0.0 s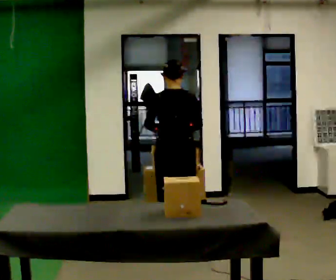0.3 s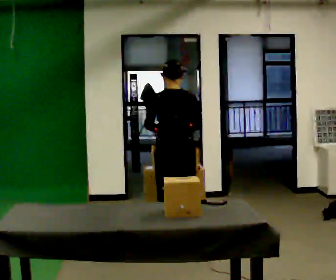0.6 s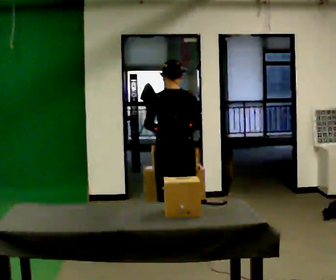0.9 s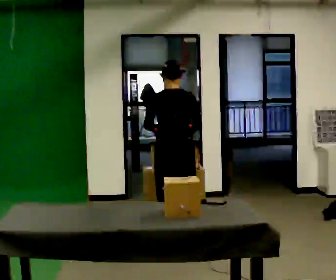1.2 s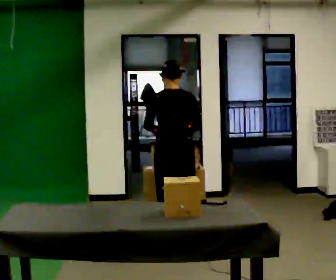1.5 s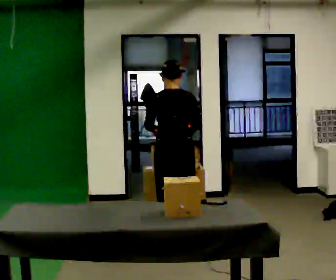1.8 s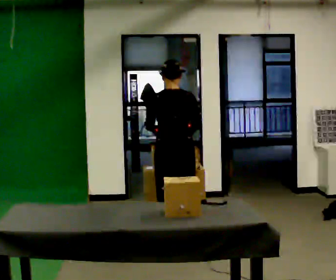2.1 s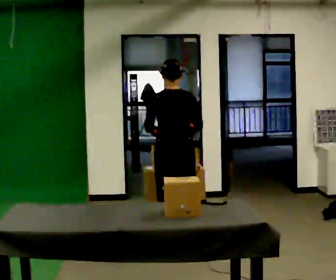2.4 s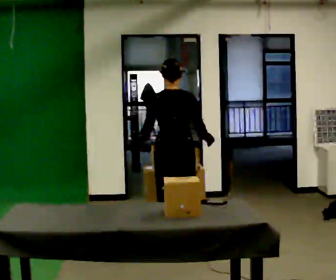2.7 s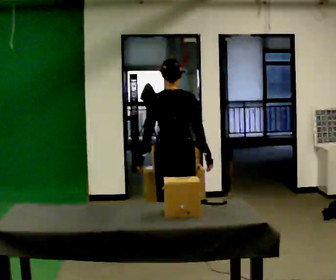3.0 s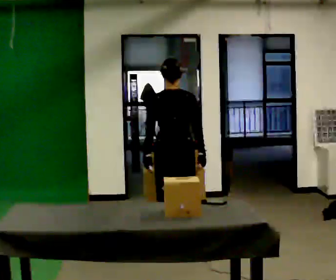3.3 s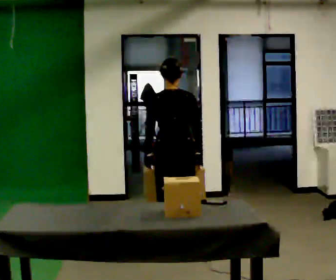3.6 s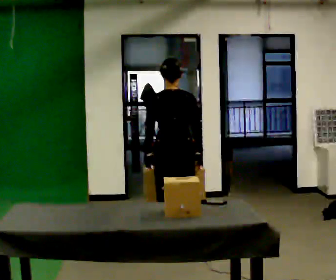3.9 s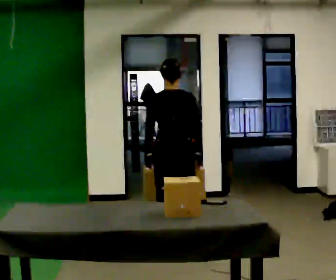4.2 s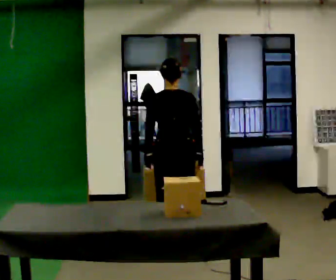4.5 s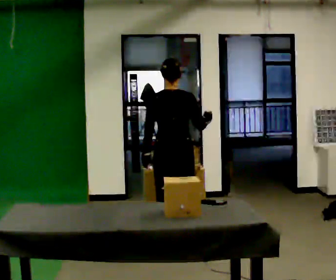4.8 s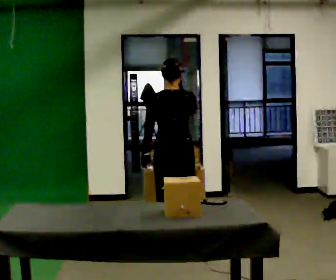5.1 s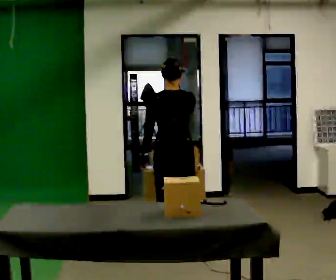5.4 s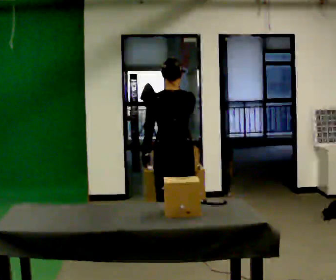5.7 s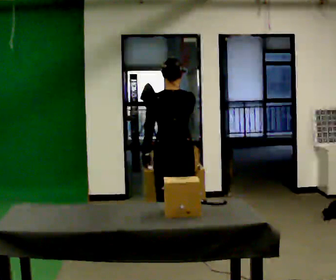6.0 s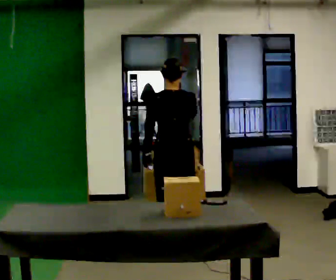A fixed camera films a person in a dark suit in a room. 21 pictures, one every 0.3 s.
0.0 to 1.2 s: The person keeps their place and pose.
1.2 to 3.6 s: The person moves a little, or ends about where they began.
3.6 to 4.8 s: In the picture their right hand goes upward.
4.8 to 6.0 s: The person moves a little, or ends about where they began.
The film runs forward here.
